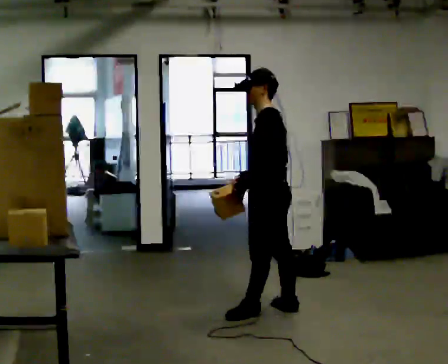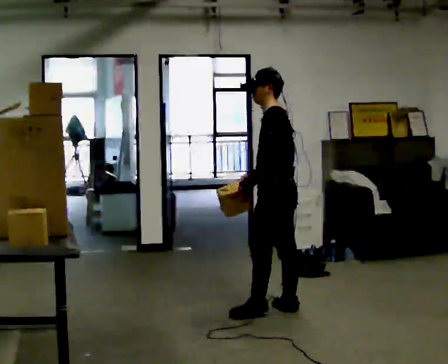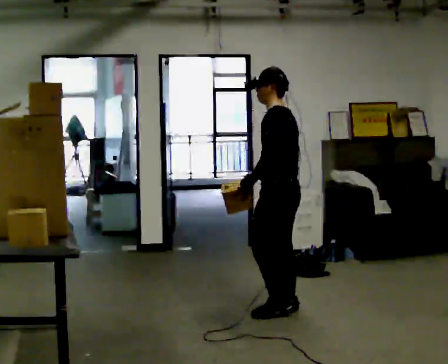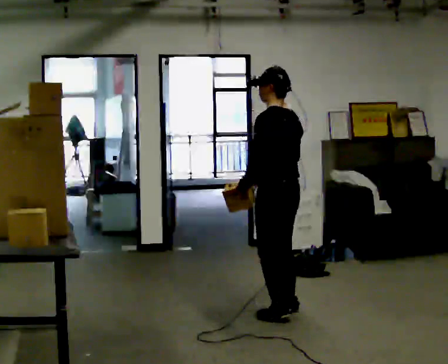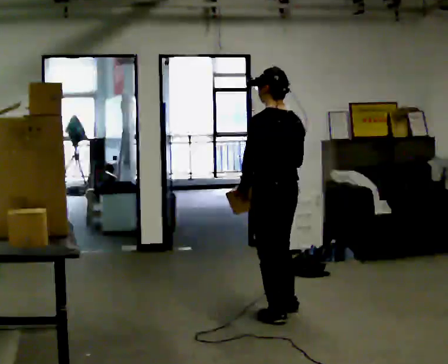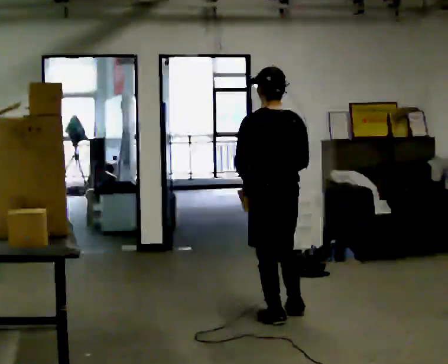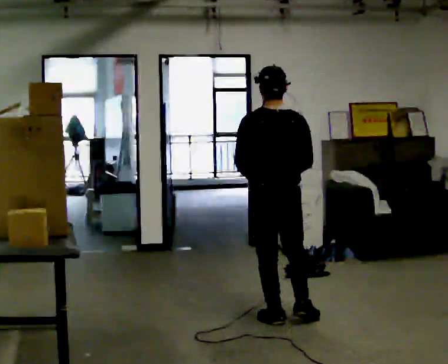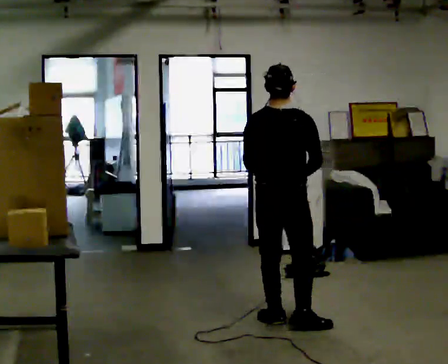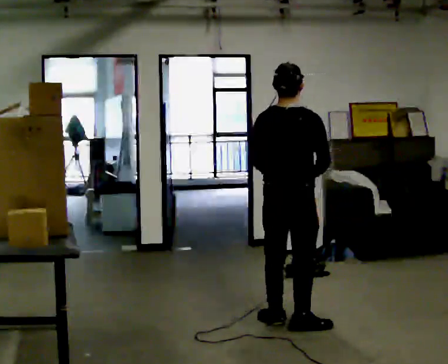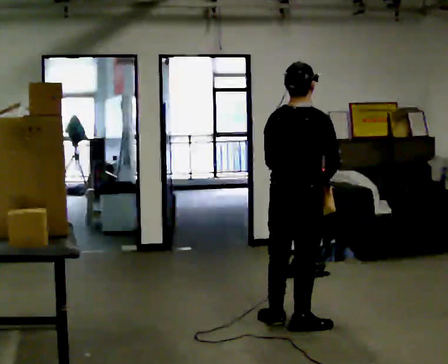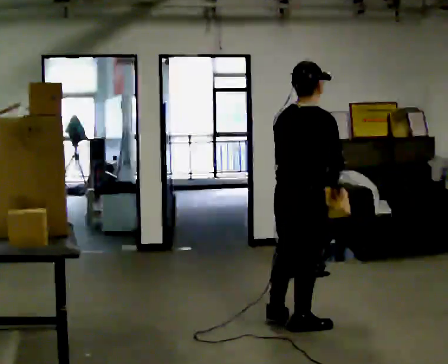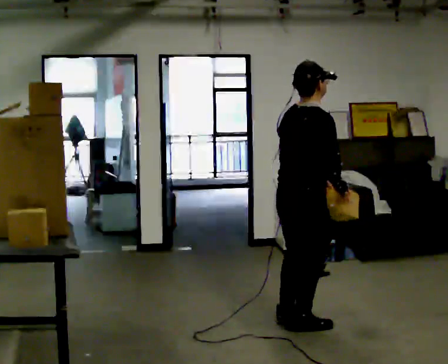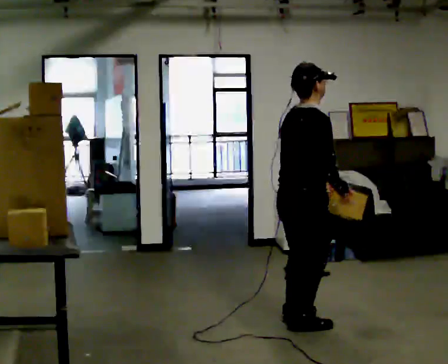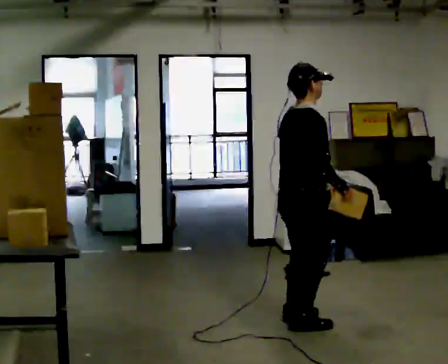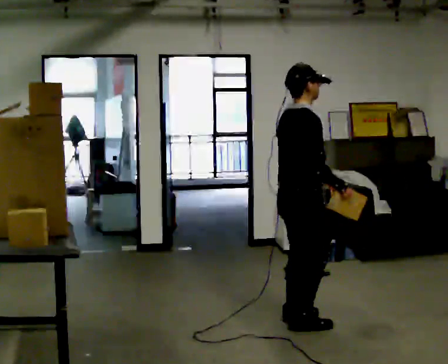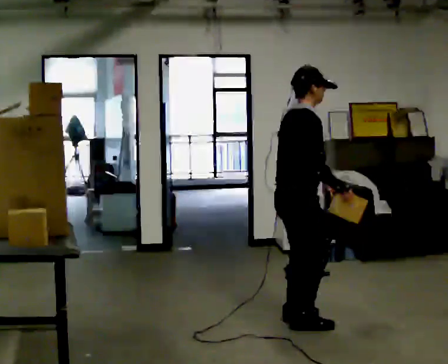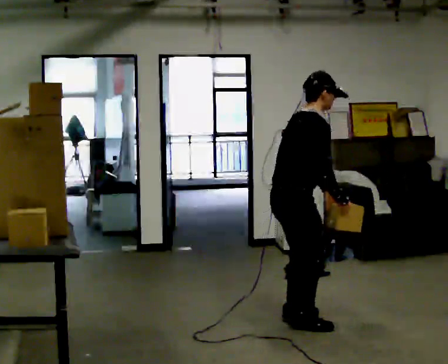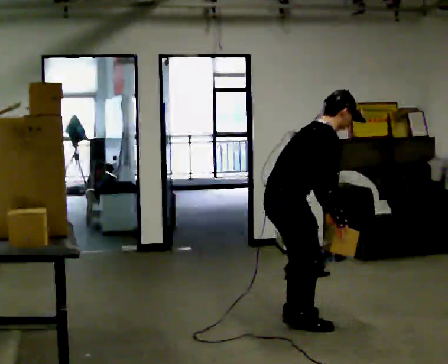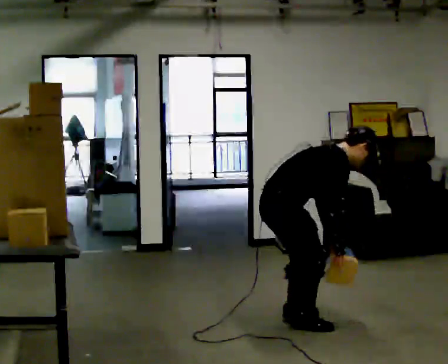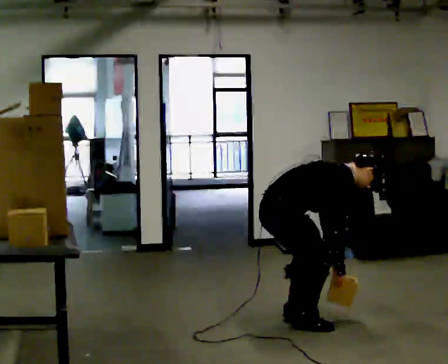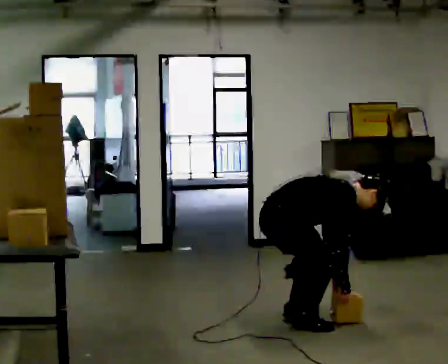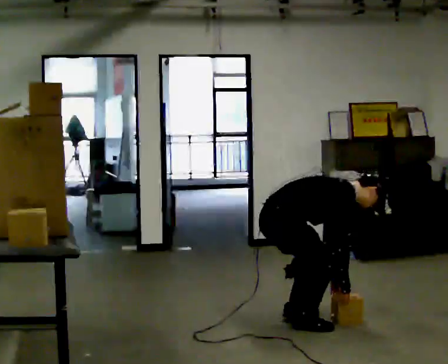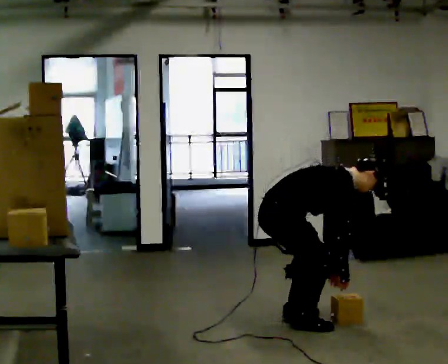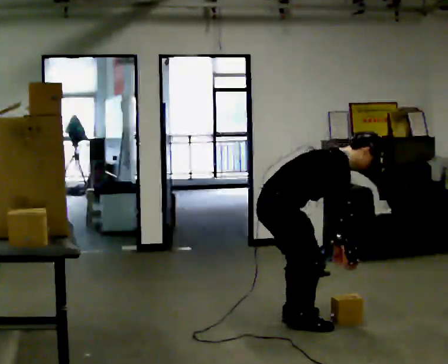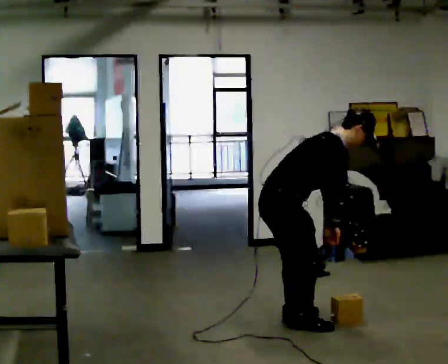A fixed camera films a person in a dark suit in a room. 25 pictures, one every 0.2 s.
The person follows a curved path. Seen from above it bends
clockwise.
The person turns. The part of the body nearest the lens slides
to the left.
0.0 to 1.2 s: The person turns about 75 degrees to their right, clockwise seen from above, so the part of the body nearest the lens slides to the left. In the picture they go toward the camera, about 0.25 m in 2 steps.
1.2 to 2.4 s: Seen from above the body turns clockwise, about 60 degrees: to their right, with its near side sliding to the left. In the picture they go toward the camera, about 0.25 m. In the picture their left hand goes to the right.
2.4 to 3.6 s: The shoulders move downward. In the picture the upper body tilts clockwise, shoulders to the right, as they bend forward. In the picture their right hand goes downward.
3.6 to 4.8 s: The person moves a little, or ends about where they began.
The film runs backward here.
